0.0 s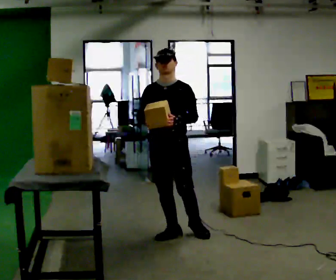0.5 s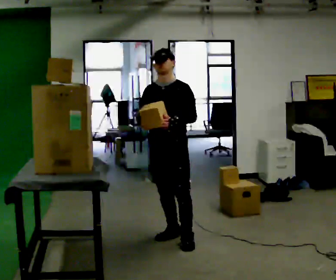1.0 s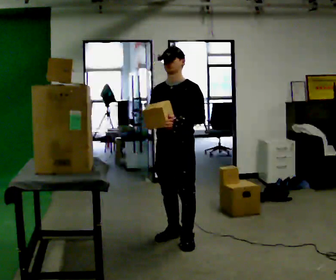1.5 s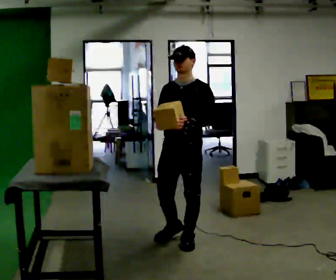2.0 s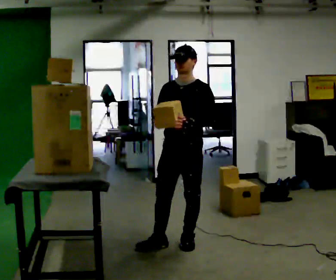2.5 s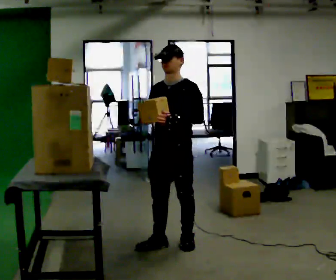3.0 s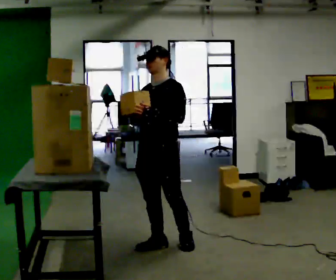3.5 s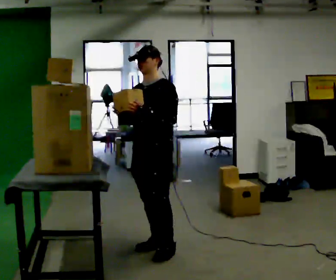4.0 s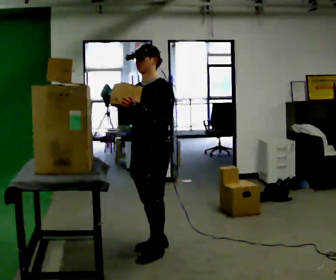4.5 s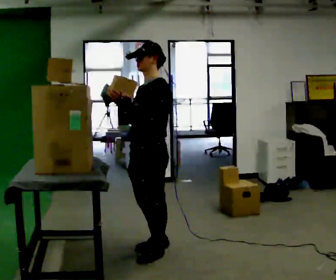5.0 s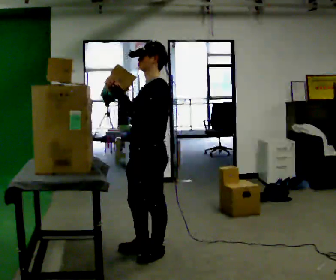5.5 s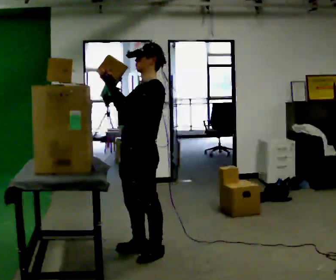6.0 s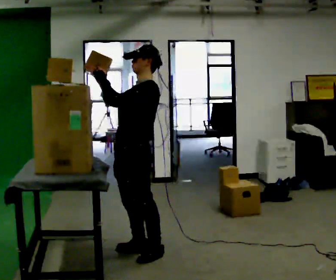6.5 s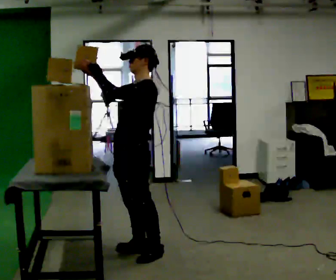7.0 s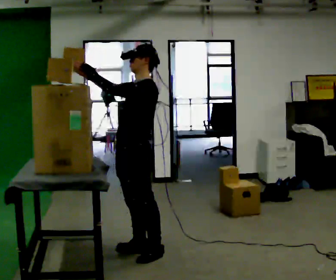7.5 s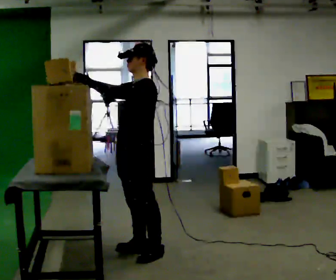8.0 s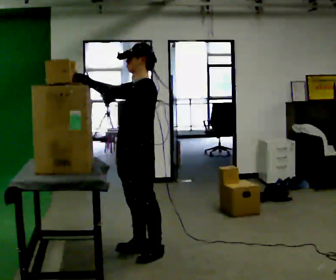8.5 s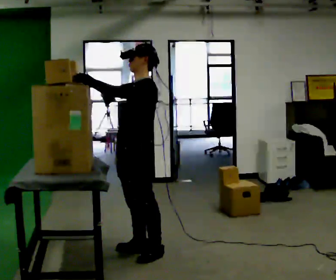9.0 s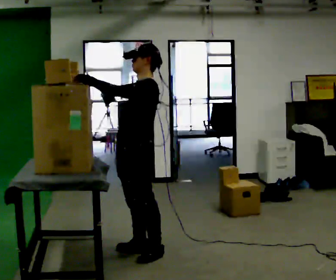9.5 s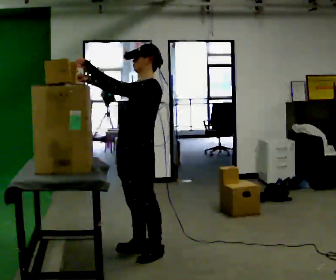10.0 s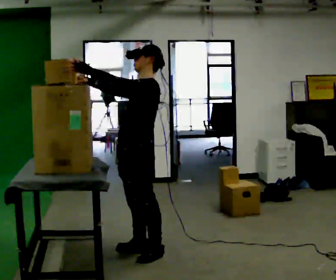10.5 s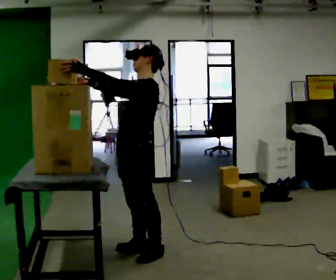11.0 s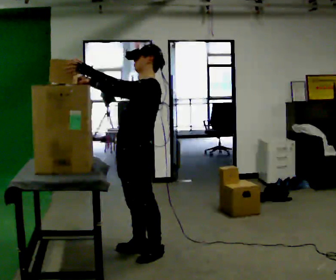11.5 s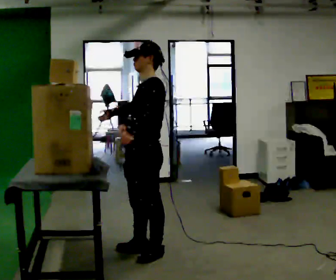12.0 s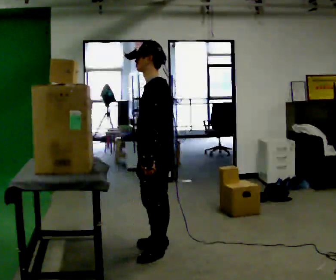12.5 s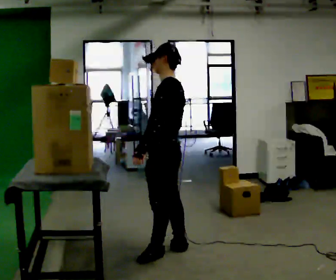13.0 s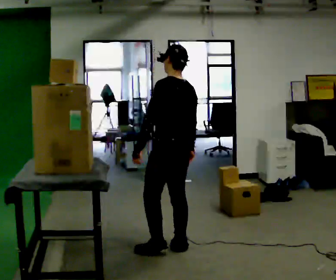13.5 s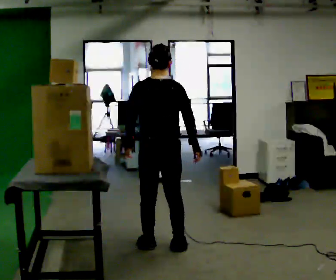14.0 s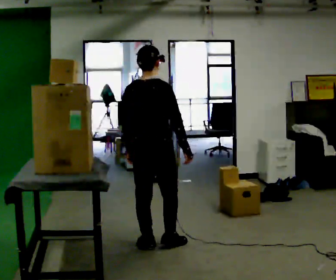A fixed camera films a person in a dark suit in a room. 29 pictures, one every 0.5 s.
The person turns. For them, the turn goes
to their right.
The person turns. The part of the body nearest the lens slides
to the left.
0.0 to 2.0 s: In the picture they go toward the camera, about 0.25 m in 2 steps, which for them is to their left and forward.
2.0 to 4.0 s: In the picture they go to the left, about 0.25 m in 1 step, which for them is forward and to their right.
4.0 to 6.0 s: The person turns about 30 degrees to their right, clockwise seen from above, so the part of the body nearest the lens slides to the left.
6.0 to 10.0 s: The person moves a little, or ends about where they began.
10.0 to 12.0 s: In the picture they go to the right, about 0.25 m, which for them is backward. In the picture their left hand goes downward and to the right.
12.0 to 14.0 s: The part of the body nearest the lens slides to the left as the person turns to their right by about 120 degrees. In the picture they go away from the camera, about 0.25 m in 3 steps. In the picture their right hand goes to the right.
The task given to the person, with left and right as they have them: Take an object from the highest shelf you can comfortably reach, carry it across, and place it on the lowest shelf. Keep going until the operator says stop; one object at a time, and do not rush between trips.
The film runs forward here.
